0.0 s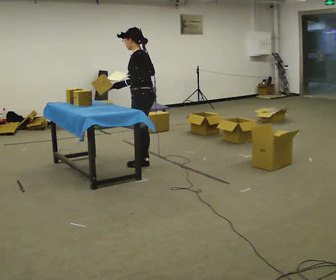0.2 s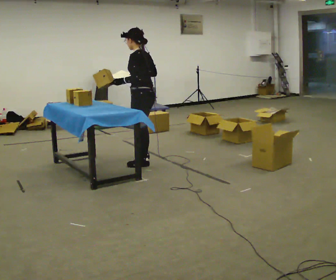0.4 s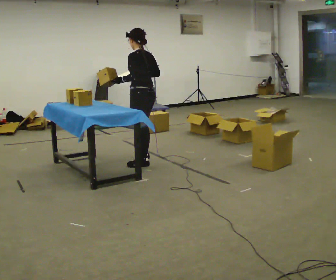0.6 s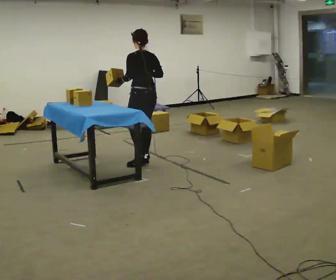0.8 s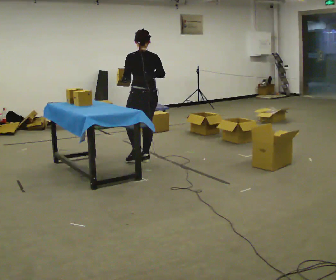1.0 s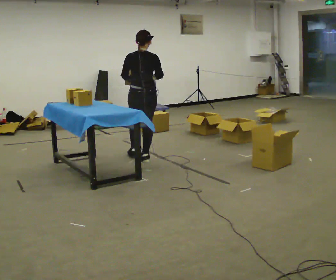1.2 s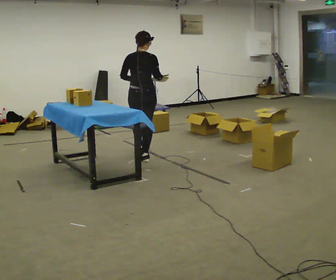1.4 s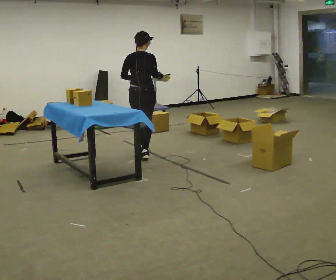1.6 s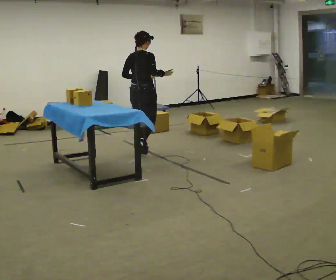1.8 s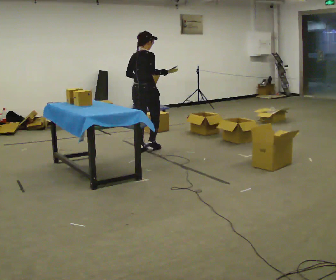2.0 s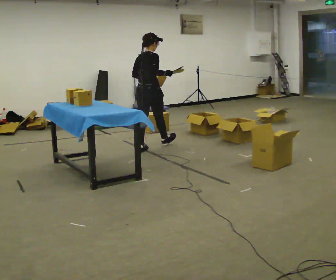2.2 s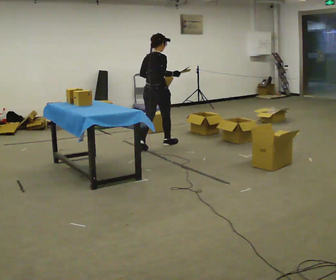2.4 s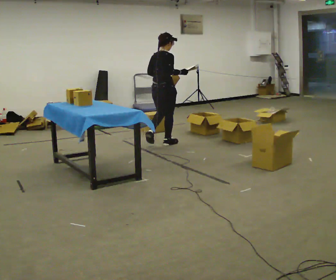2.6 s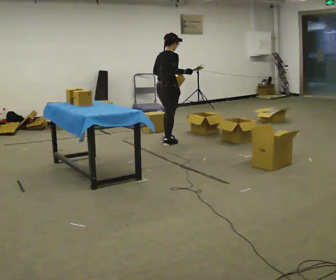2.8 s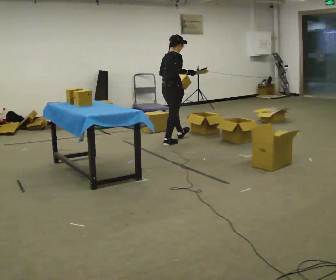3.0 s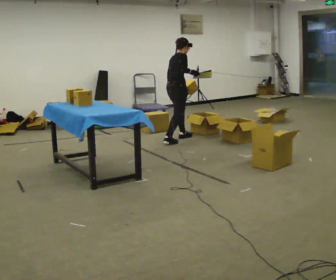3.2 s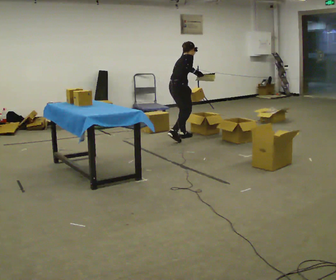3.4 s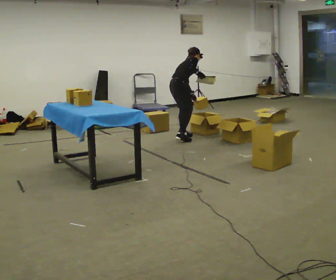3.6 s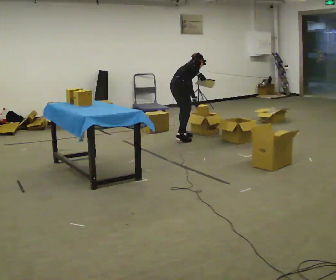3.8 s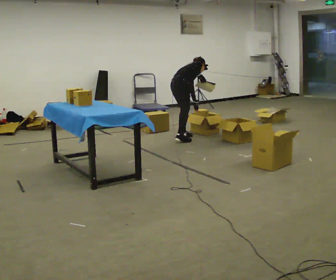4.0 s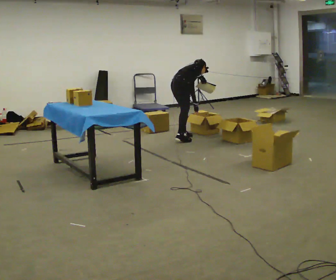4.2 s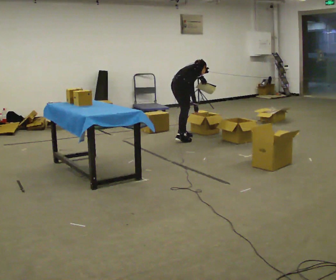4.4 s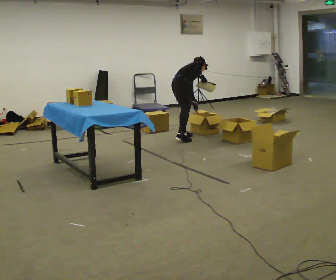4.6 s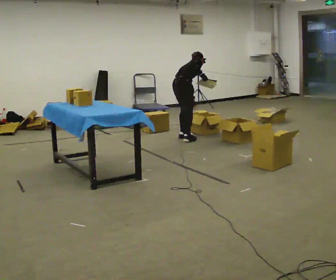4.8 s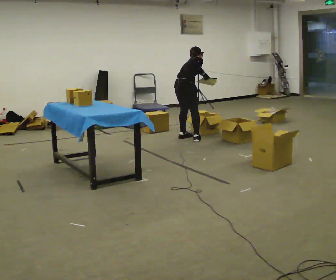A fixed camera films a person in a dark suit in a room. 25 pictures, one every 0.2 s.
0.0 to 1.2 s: The part of the body nearest the lens slides to the left as the person turns to their right by about 90 degrees. In the picture they go away from the camera, about 0.25 m in 1 step.
1.2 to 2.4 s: Seen from above the body turns clockwise, about 30 degrees: to their right, with its near side sliding to the left. In the picture they go away from the camera and to the right, about 0.75 m in 1 step, which for them is forward.
2.4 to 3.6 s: The part of the body nearest the lens slides to the left as the person turns to their right by about 30 degrees. In the picture they go away from the camera and to the right, about 0.5 m in 2 steps, which for them is forward and to their left. The shoulders move downward. In the picture the upper body tilts clockwise, shoulders to the right, as they bend forward. In the picture their left hand goes downward.
3.6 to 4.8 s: The person moves a little, or ends about where they began.
The film runs forward here.
